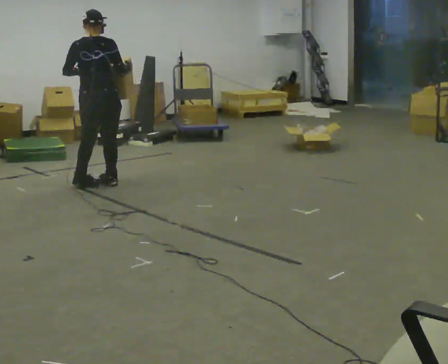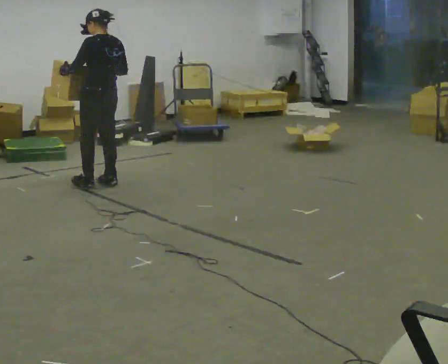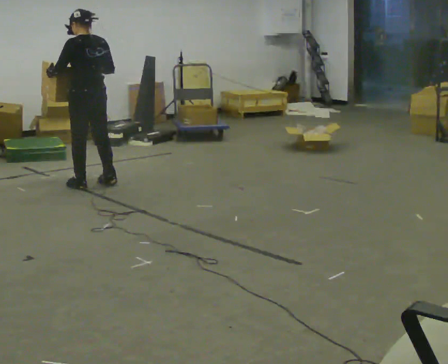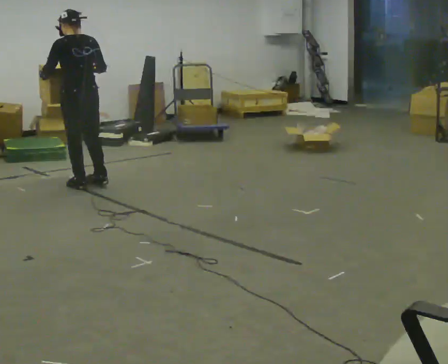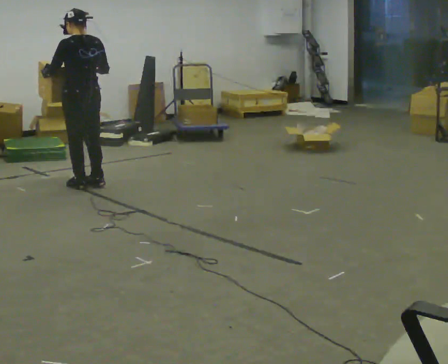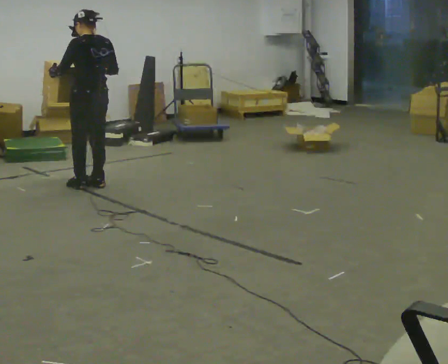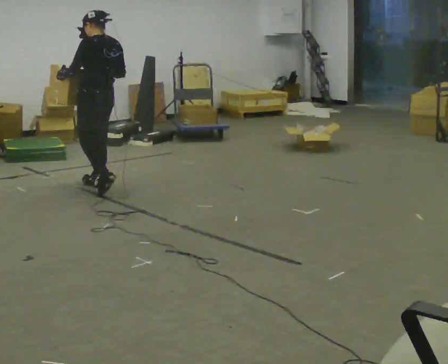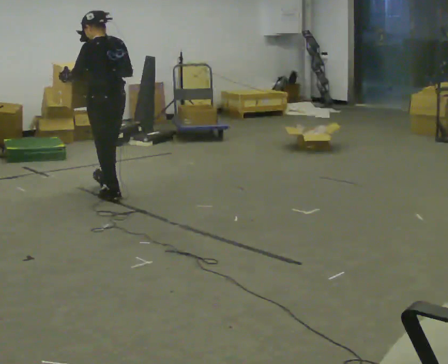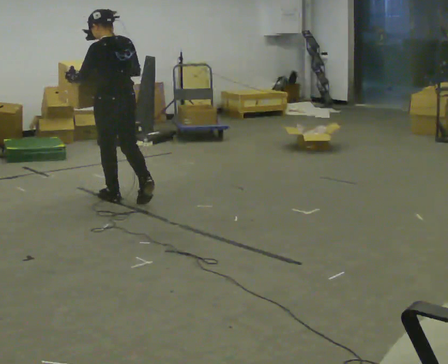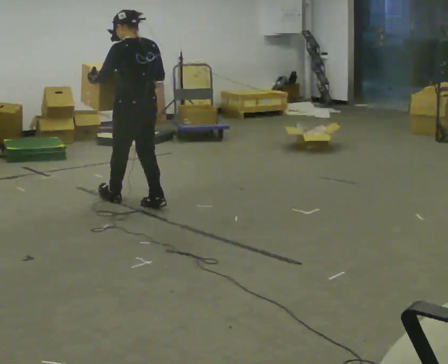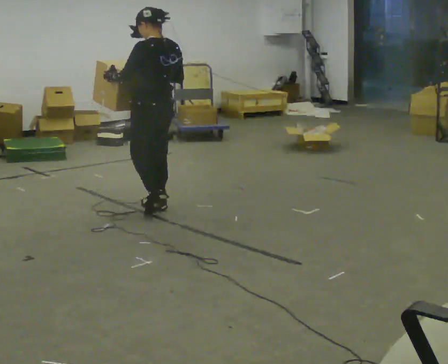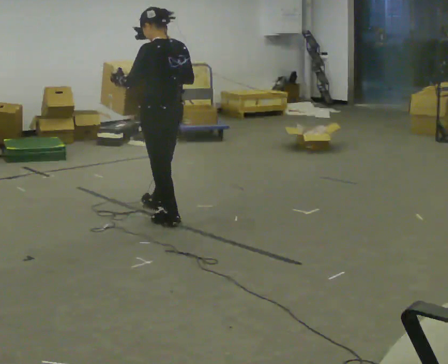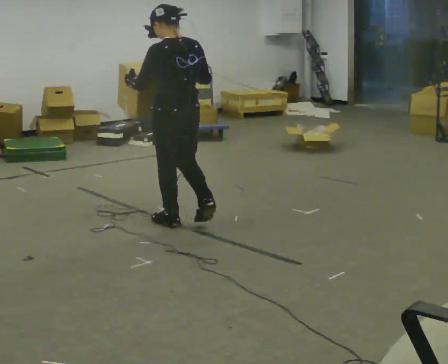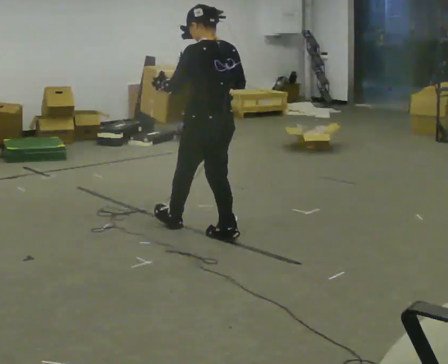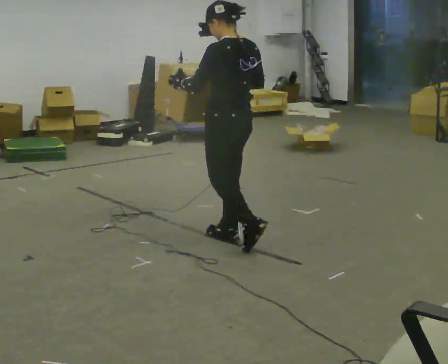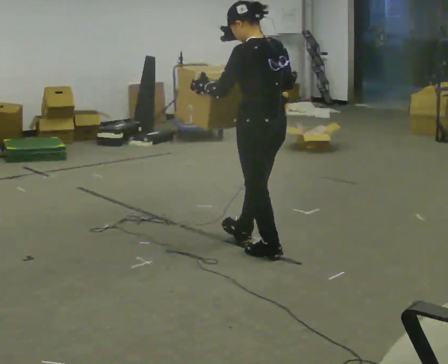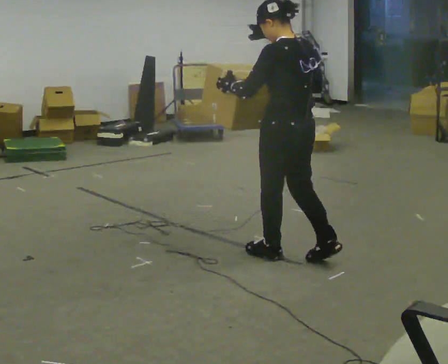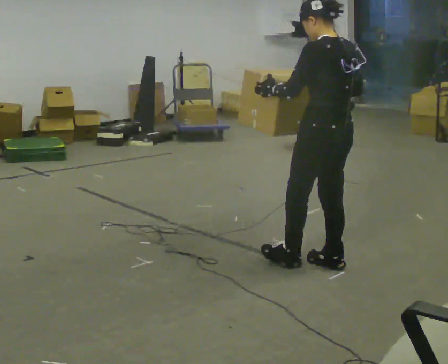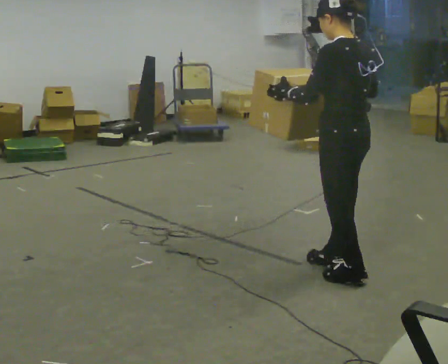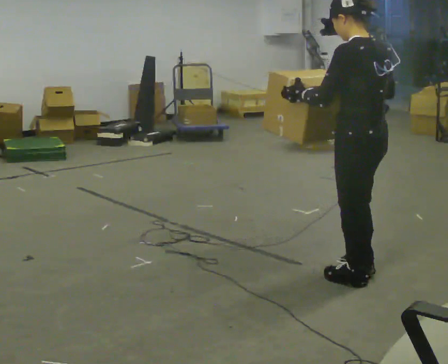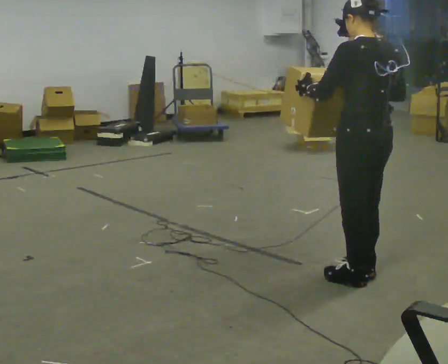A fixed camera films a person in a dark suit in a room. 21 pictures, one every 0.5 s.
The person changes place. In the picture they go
toward the camera.
0.0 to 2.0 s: Seen from above the body turns counterclockwise, about 30 degrees: to their left, with its near side sliding to the right.
2.0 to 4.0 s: In the picture they go toward the camera and to the right, about 0.5 m in 2 steps, which for them is backward.
4.0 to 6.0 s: In the picture they go toward the camera and to the right, about 1 m in 1 step, which for them is backward.
6.0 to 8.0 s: In the picture they go toward the camera and to the right, about 1 m in 2 steps, which for them is backward.
8.0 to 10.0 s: In the picture they go toward the camera and to the right, about 0.5 m in 3 steps, which for them is backward.
The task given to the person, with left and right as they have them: Carry the box while walking backward. The operator confirms the space behind you is clear before each take.
The film runs forward here.
